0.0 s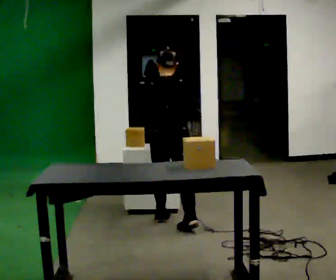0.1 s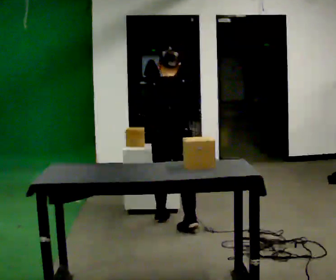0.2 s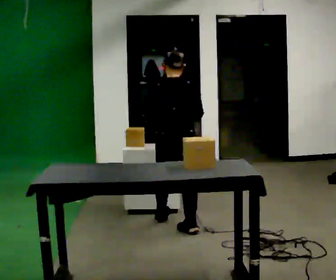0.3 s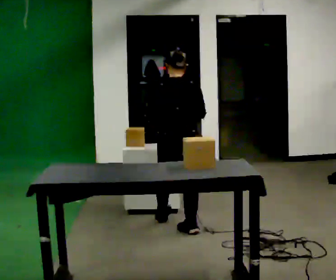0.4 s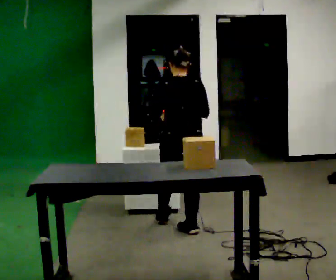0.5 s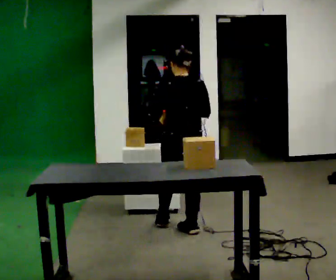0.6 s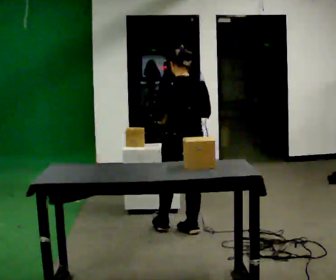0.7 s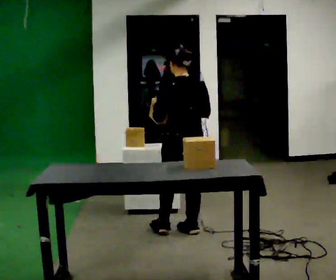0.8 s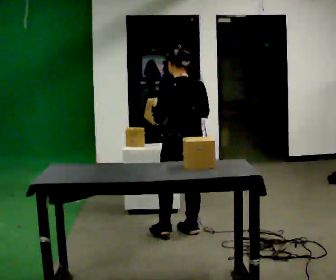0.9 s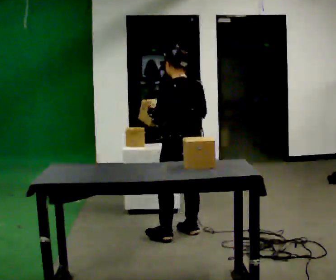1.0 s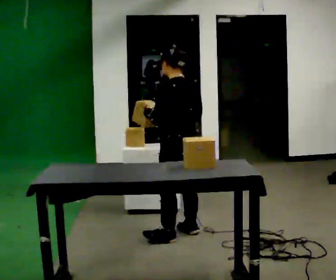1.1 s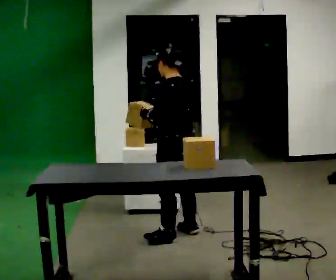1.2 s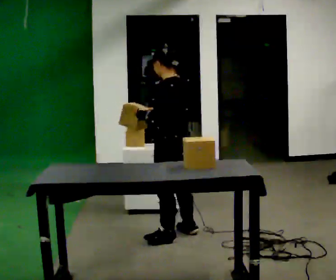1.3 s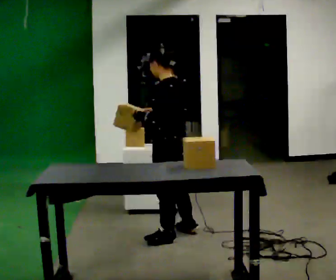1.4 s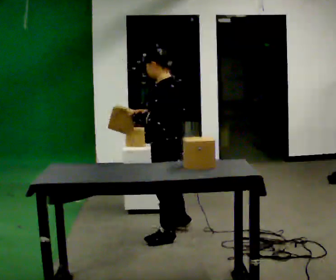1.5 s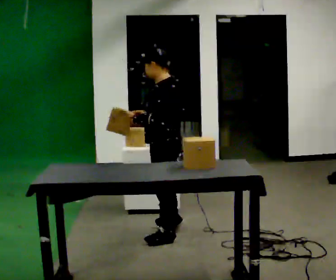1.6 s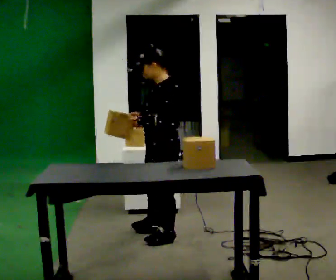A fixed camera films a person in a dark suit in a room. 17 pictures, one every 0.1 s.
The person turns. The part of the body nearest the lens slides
to the right.
The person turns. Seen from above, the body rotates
counterclockwise.
0.0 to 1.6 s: Seen from above the body turns counterclockwise, about 105 degrees: to their left, with its near side sliding to the right. In the picture they go toward the camera, about 0.5 m in 2 steps.
The film runs backward here.
